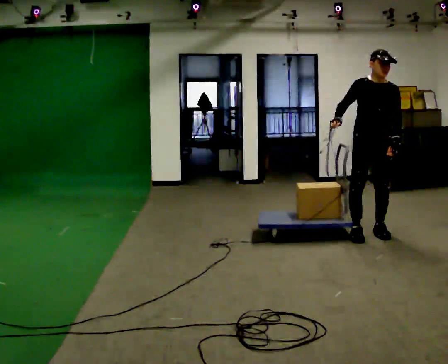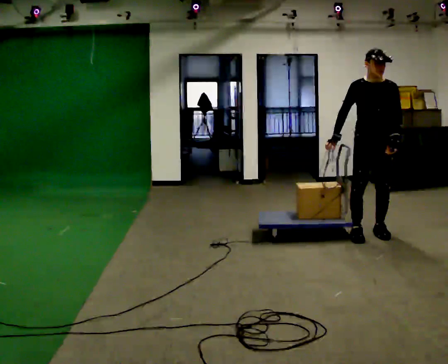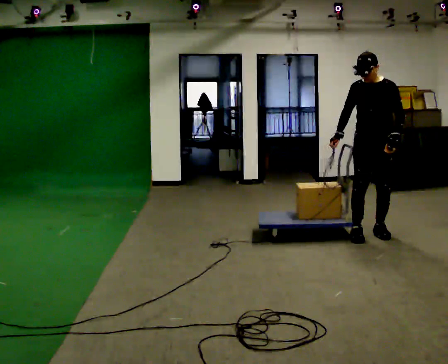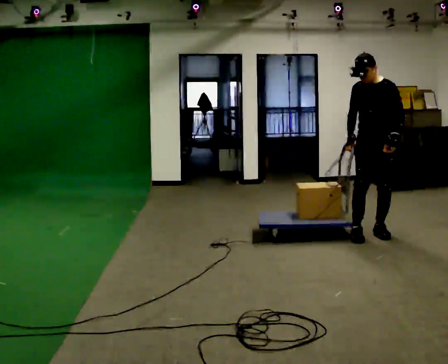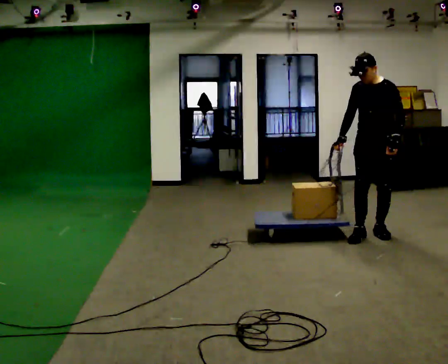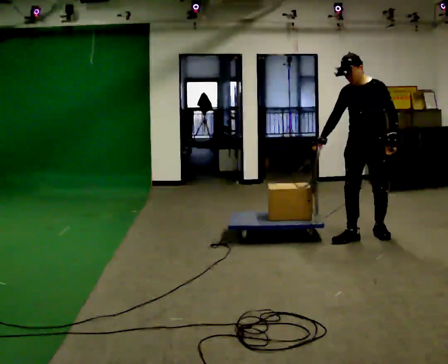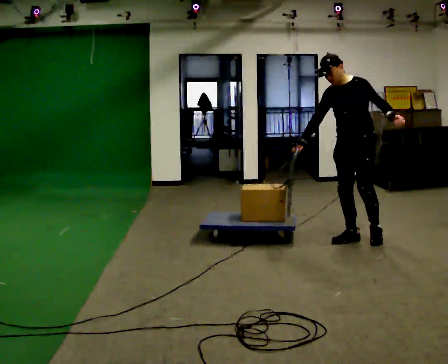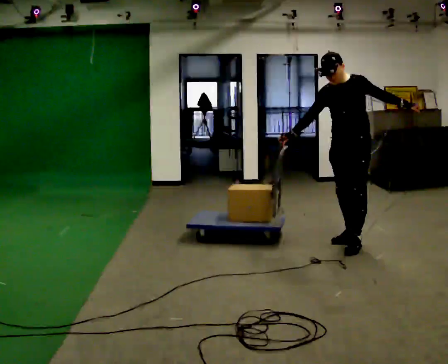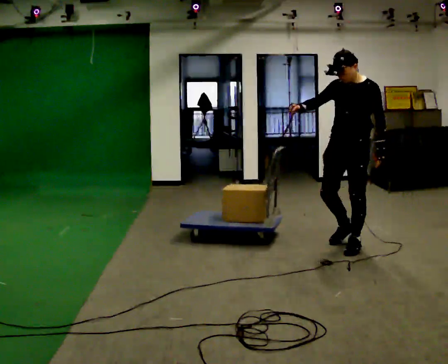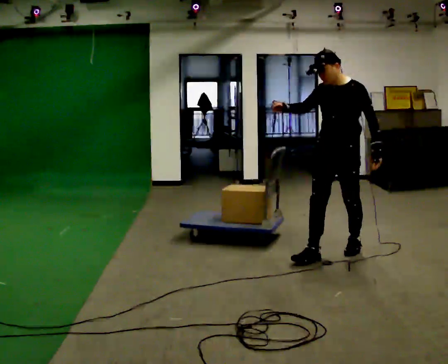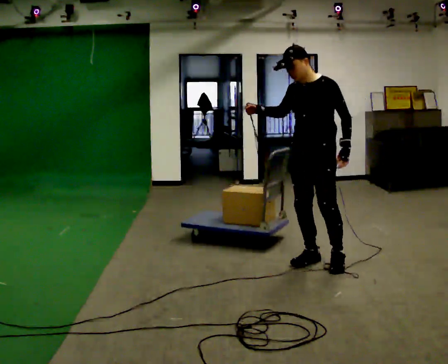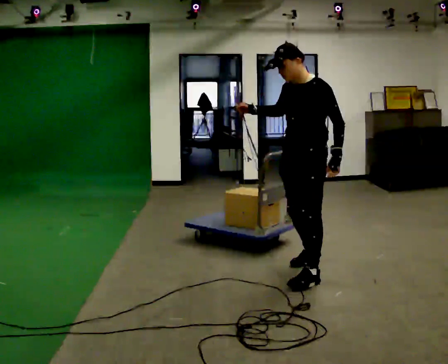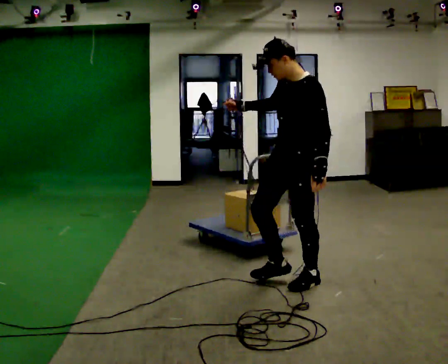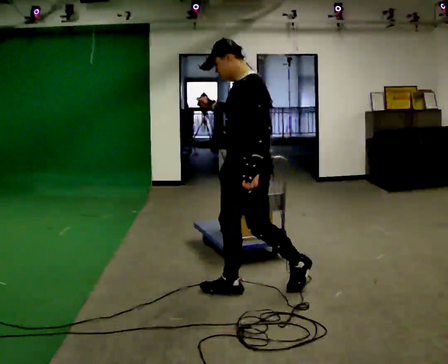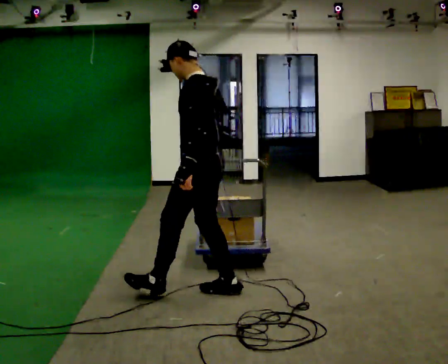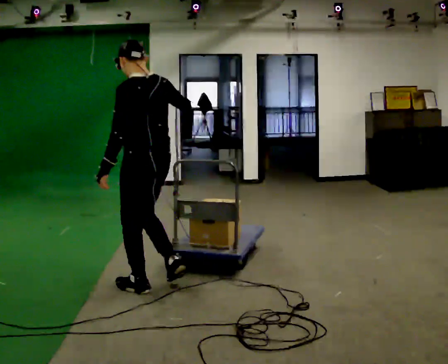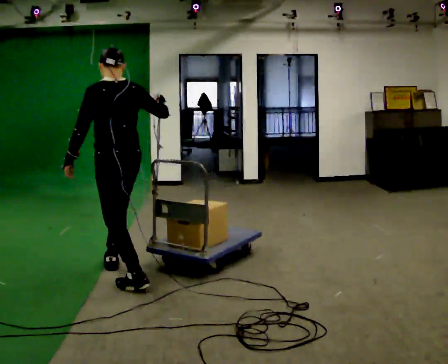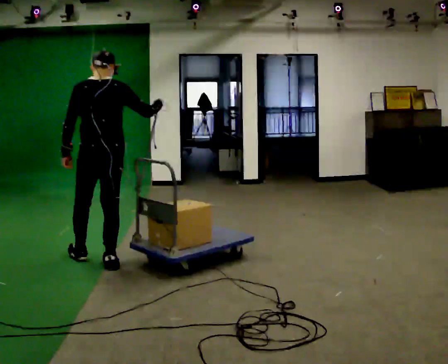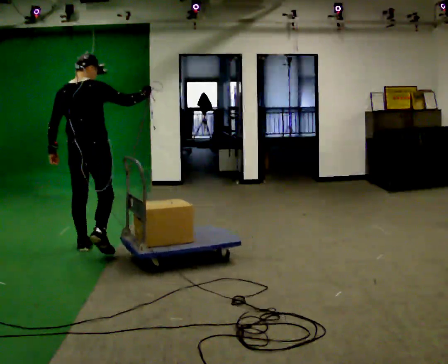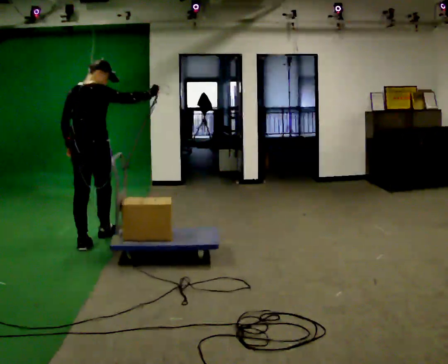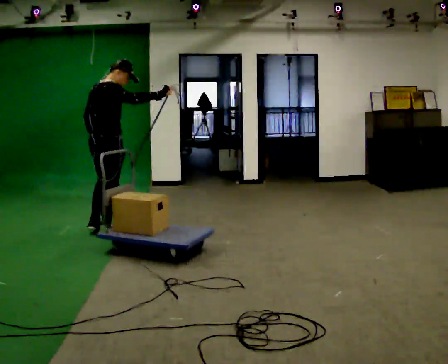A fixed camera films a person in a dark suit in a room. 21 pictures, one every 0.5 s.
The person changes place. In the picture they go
to the left.
The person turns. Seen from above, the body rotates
clockwise.
0.0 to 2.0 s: The person turns about 30 degrees to their right, clockwise seen from above, so the part of the body nearest the lens slides to the left.
2.0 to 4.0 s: In the picture they go toward the camera and to the left, about 0.5 m in 1 step, which for them is forward. In the picture their right hand goes upward.
4.0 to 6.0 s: In the picture they go toward the camera and to the left, about 1 m in 2 steps, which for them is forward.
6.0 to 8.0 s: The part of the body nearest the lens slides to the left as the person turns to their right by about 75 degrees. In the picture they go to the left, about 1.5 m in 3 steps.
8.0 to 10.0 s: The person turns about 90 degrees to their right, clockwise seen from above, so the part of the body nearest the lens slides to the left. In the picture they go away from the camera and to the left, about 1 m in 2 steps.
The film runs forward here.
